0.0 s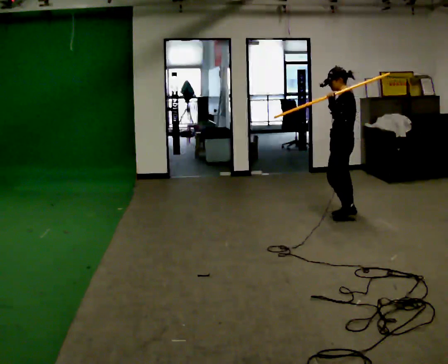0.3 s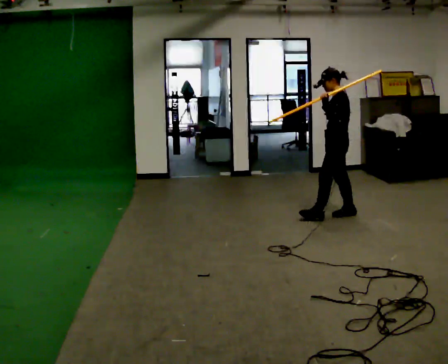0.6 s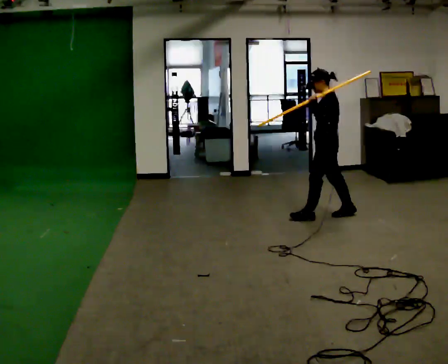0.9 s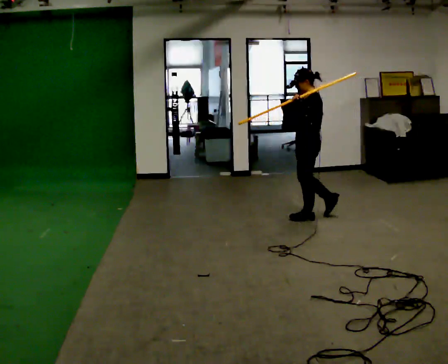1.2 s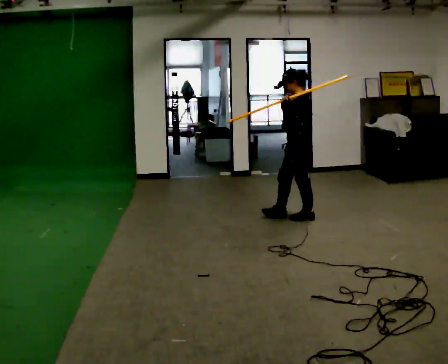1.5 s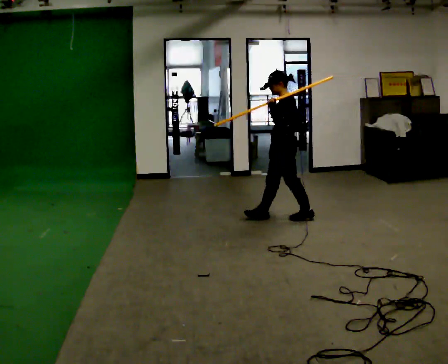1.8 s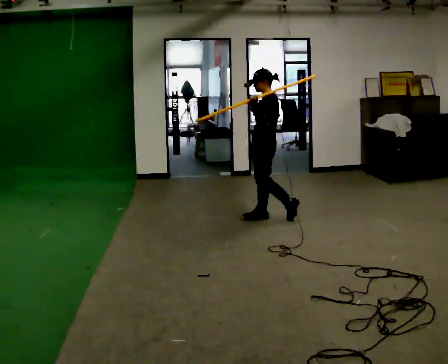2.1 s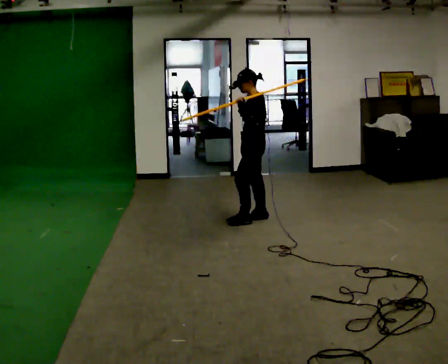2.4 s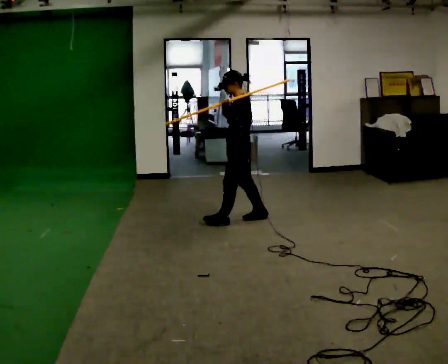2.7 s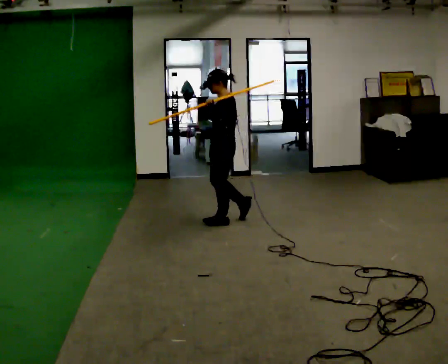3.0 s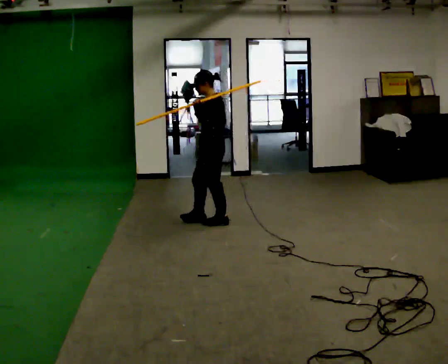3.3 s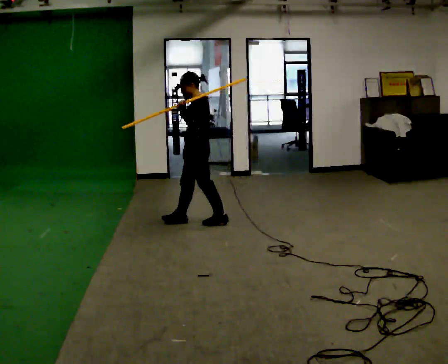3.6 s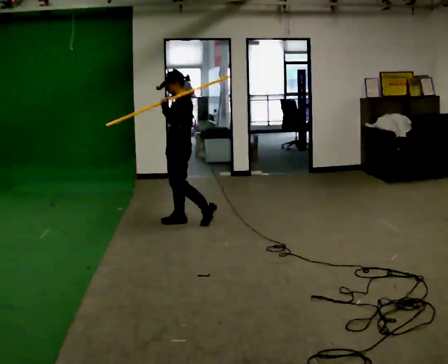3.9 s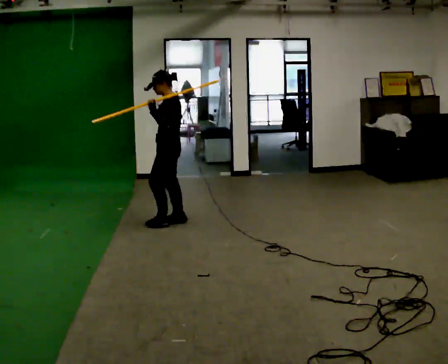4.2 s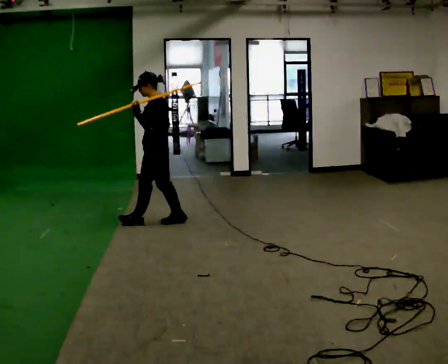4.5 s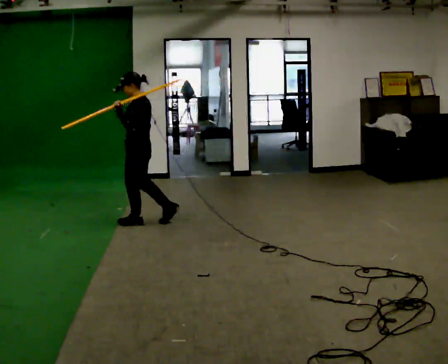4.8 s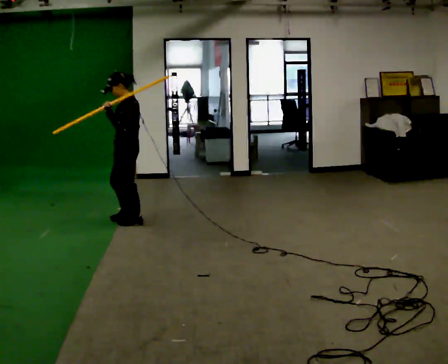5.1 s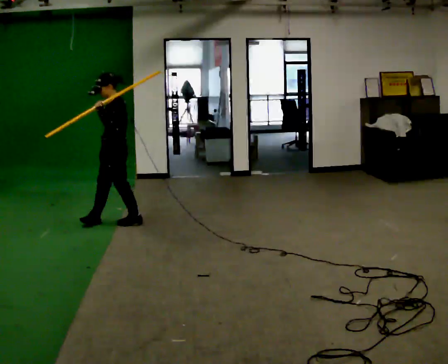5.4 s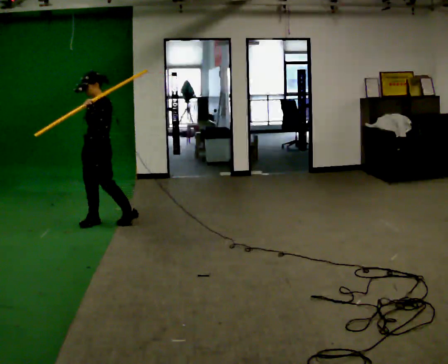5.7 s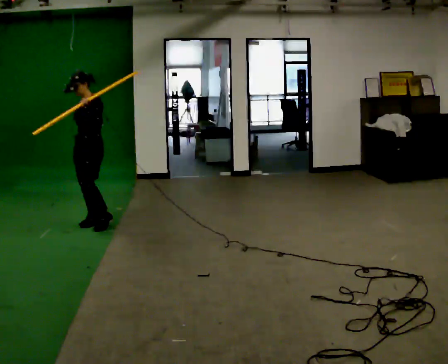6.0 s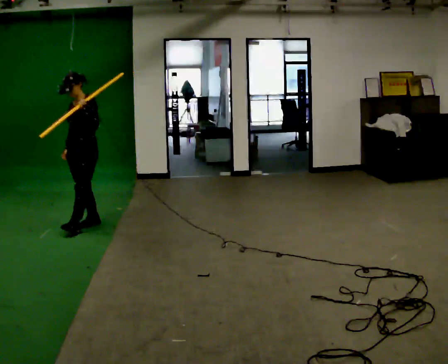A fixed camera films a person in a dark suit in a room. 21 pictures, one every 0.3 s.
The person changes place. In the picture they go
to the left.
0.0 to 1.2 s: In the picture they go to the left, about 0.5 m in 1 step, which for them is forward.
1.2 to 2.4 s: In the picture they go to the left, about 0.5 m in 2 steps, which for them is forward.
2.4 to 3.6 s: In the picture they go to the left, about 0.5 m in 1 step, which for them is forward.
3.6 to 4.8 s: In the picture they go to the left, about 0.5 m in 1 step, which for them is forward.
4.8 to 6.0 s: Seen from above the body turns counterclockwise, about 45 degrees: to their left, with its near side sliding to the right. In the picture they go to the left, about 0.5 m in 2 steps, which for them is forward.
The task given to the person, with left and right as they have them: Rest the long object on the shoulder the operator calls and carry it across the room, back and forth.
The film runs forward here.
